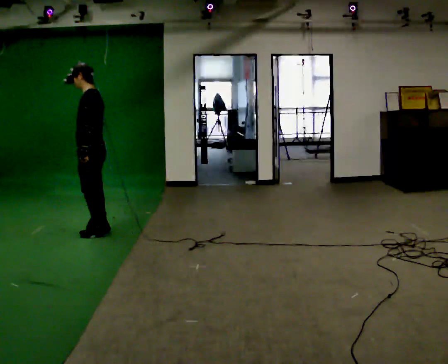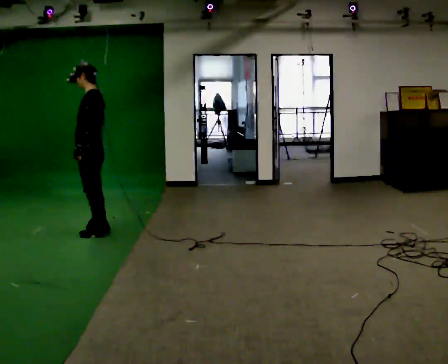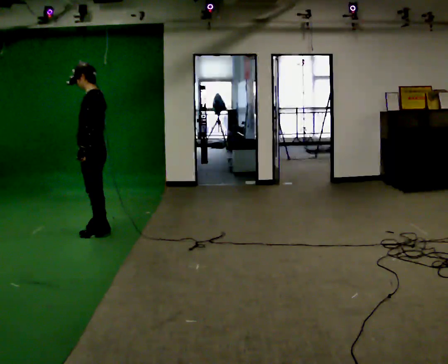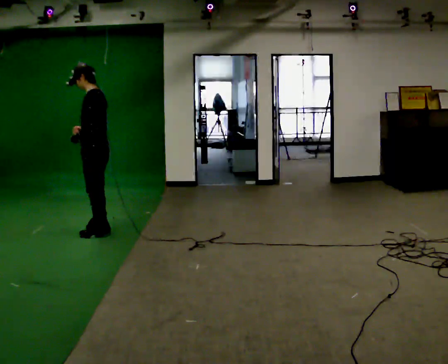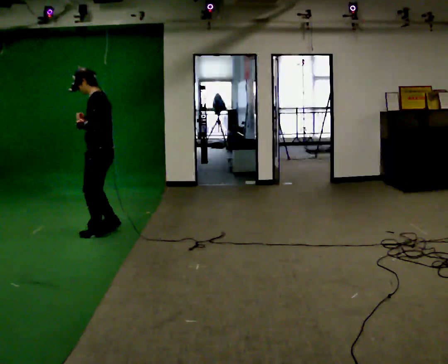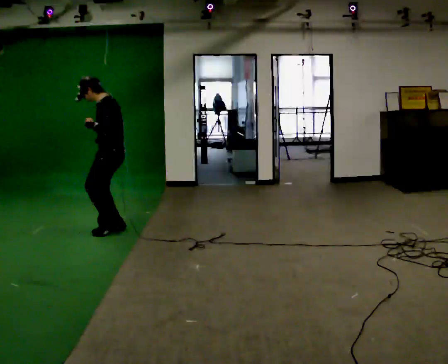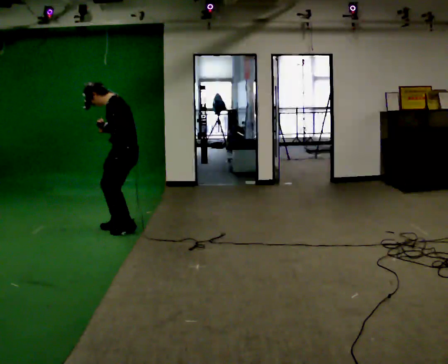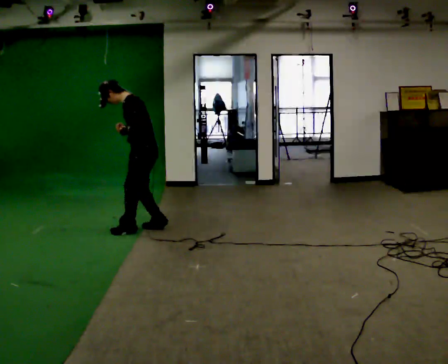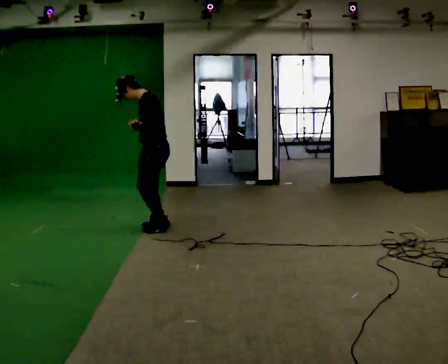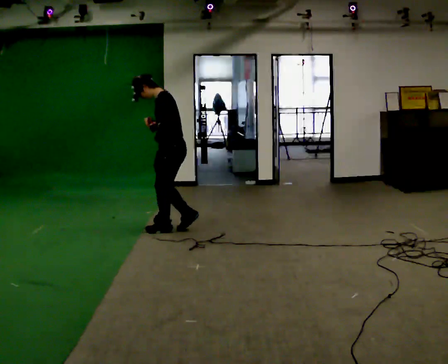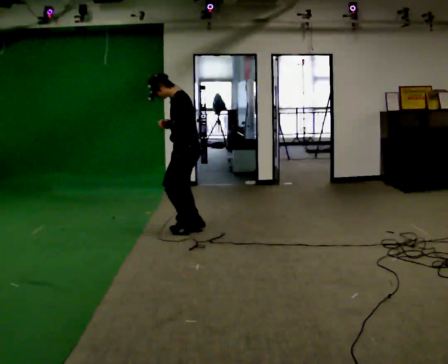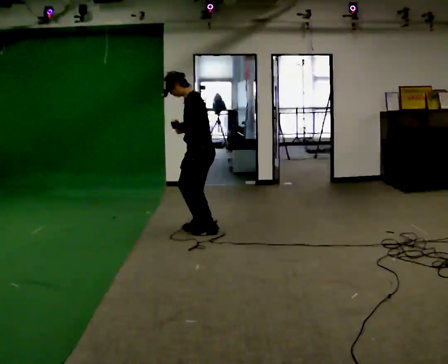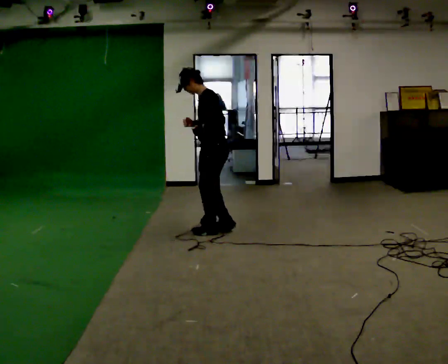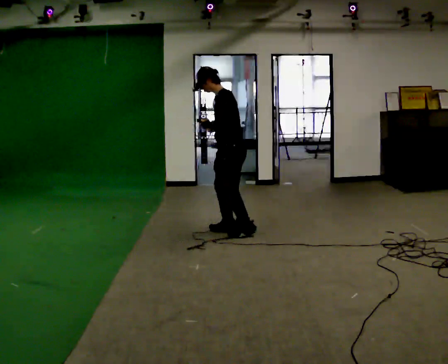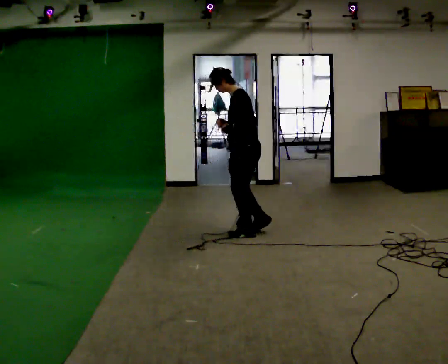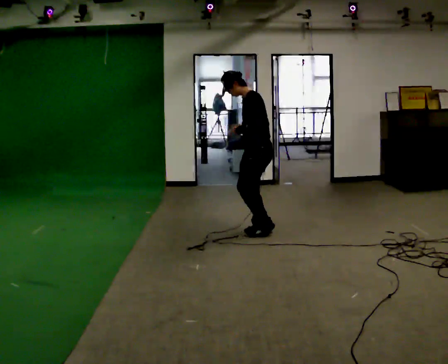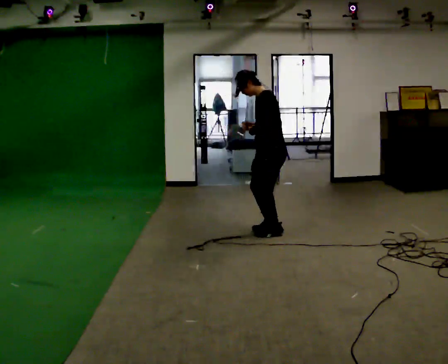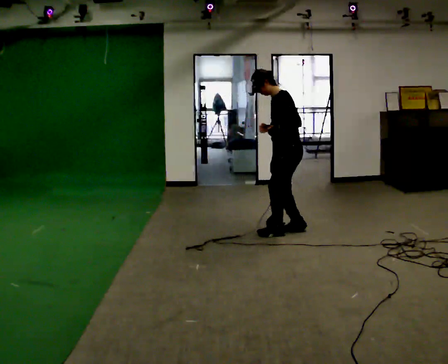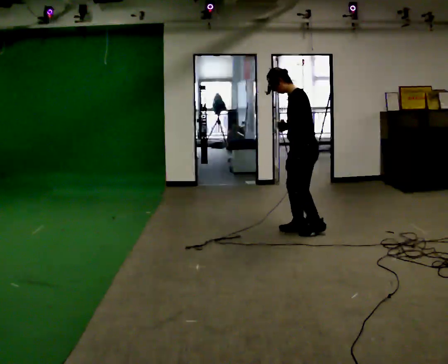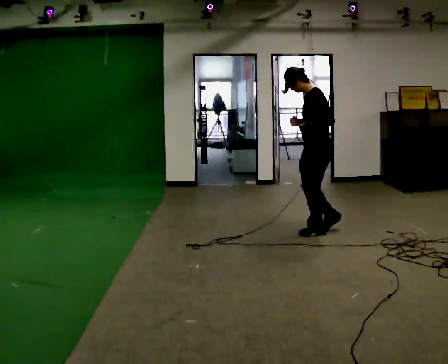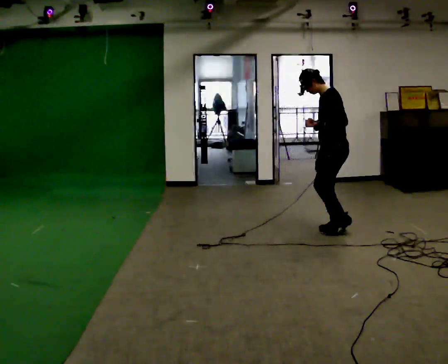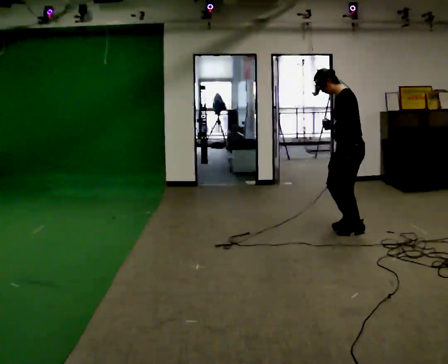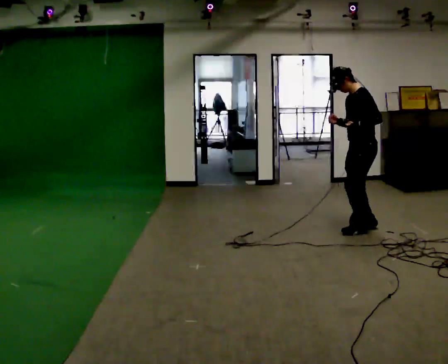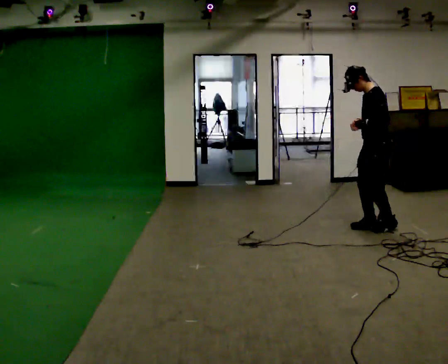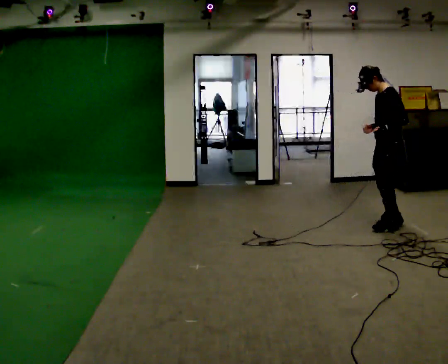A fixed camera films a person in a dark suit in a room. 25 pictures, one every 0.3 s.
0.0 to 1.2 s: The person moves a little, or ends about where they began.
1.2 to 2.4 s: In the picture they go to the right and away from the camera, about 0.5 m in 3 steps, which for them is backward.
2.4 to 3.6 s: In the picture they go to the right, about 0.5 m in 4 steps, which for them is backward.
3.6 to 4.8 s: In the picture they go to the right, about 0.5 m in 3 steps, which for them is backward.
4.8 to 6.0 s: In the picture they go to the right, about 0.5 m in 3 steps, which for them is backward.
6.0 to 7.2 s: In the picture they go to the right, about 0.5 m in 4 steps, which for them is backward.
The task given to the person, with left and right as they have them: Jog backward at a comfortable pace. The operator confirms the space behind you is clear before each take.
The film runs forward here.
